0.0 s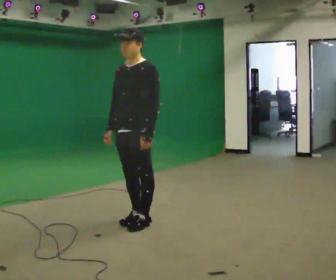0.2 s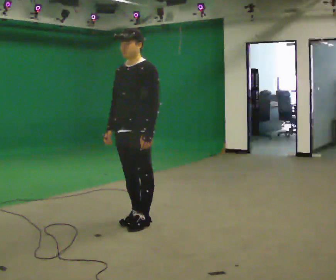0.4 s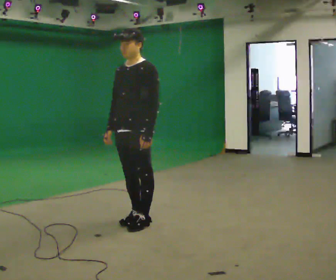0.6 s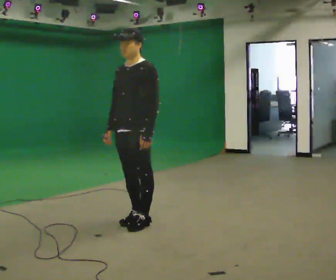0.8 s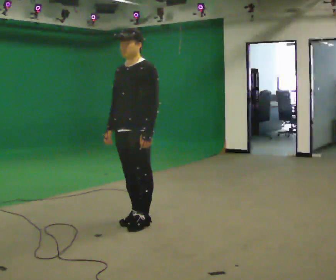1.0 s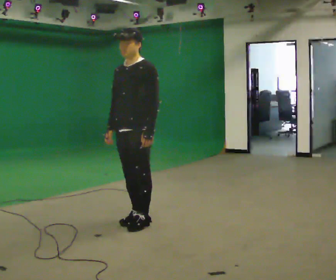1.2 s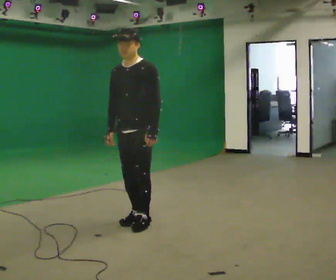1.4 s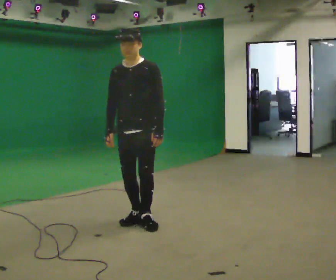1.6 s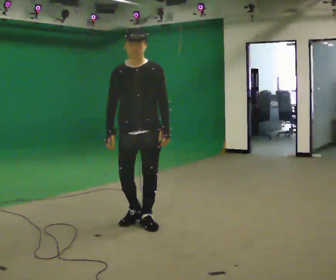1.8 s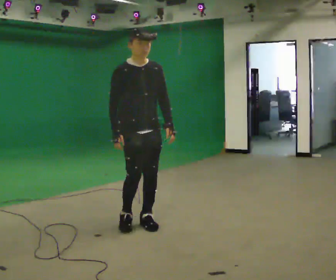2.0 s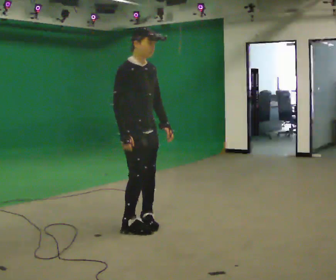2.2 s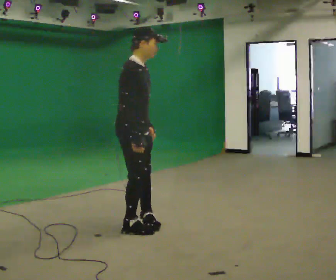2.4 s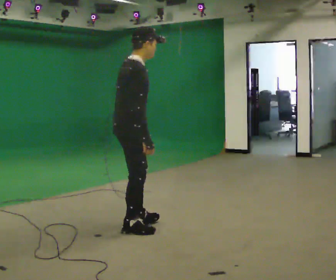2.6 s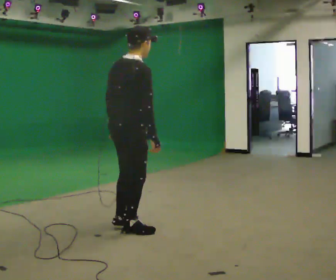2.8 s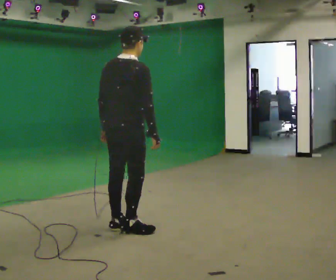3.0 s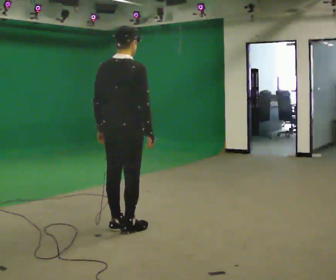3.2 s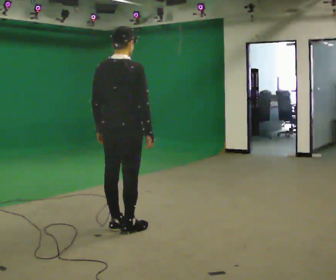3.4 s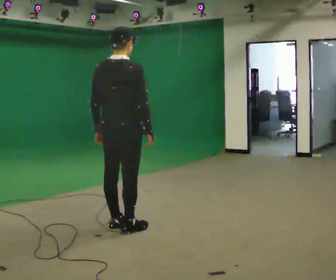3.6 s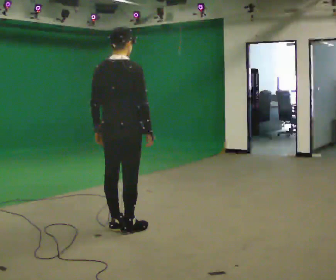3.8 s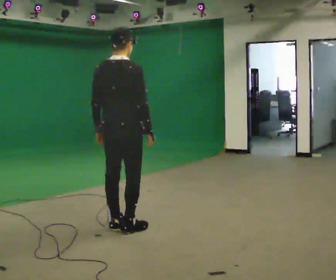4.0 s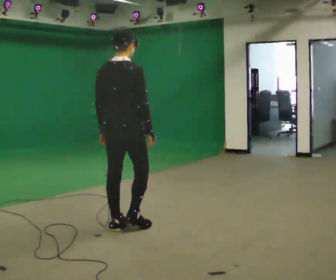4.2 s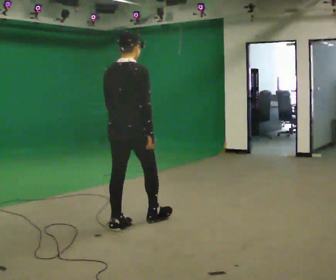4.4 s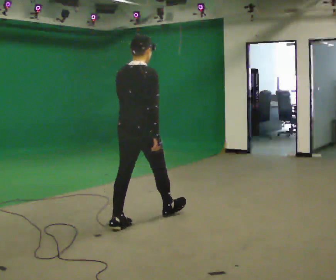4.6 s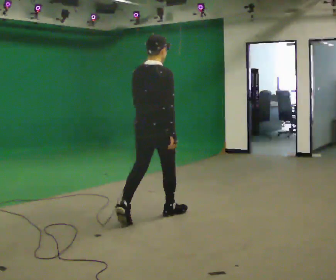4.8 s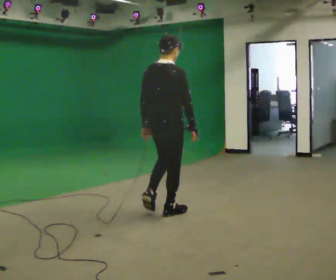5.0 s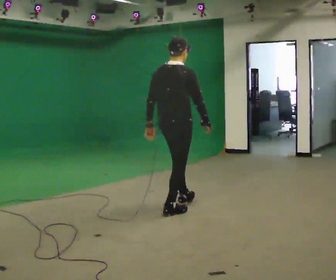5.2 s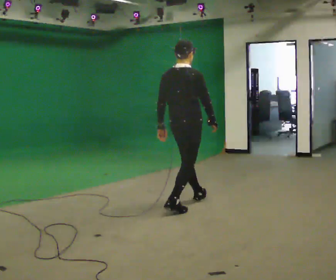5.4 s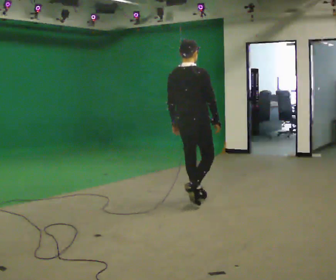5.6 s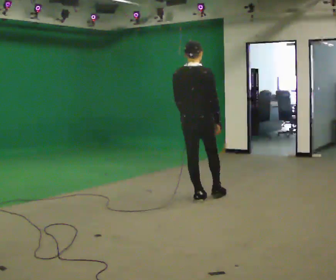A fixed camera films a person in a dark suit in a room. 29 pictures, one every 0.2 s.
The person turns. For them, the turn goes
to their left.
The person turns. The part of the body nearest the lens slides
to the right.
0.0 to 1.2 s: The person moves a little, or ends about where they began.
1.2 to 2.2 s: The part of the body nearest the lens slides to the right as the person turns to their left by about 105 degrees. In the picture they go toward the camera, about 0.25 m in 1 step. In the picture the upper body tilts clockwise, shoulders to the right.
2.2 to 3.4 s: The part of the body nearest the lens slides to the right as the person turns to their left by about 75 degrees. In the picture their left hand goes to the left.
3.4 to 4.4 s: In the picture they go away from the camera and to the right, about 0.25 m in 1 step, which for them is forward.
4.4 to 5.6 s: In the picture they go away from the camera and to the right, about 1 m in 1 step, which for them is forward.
The film runs forward here.
